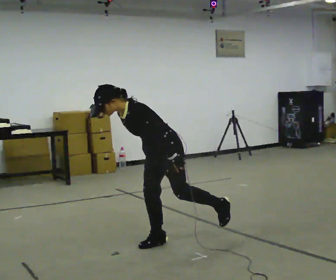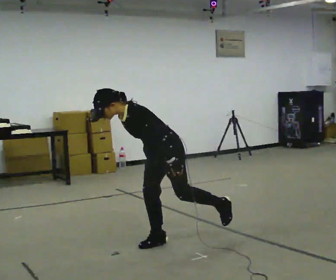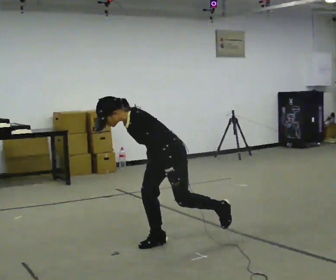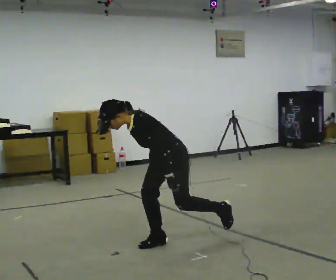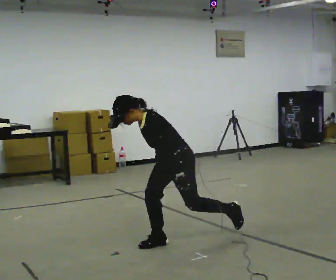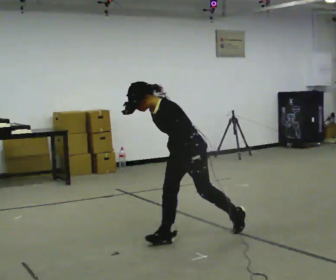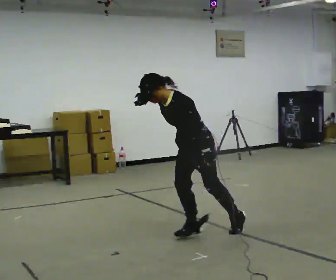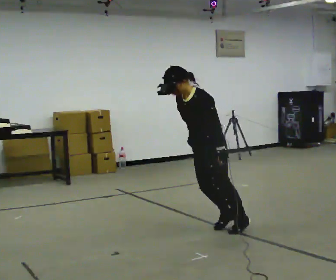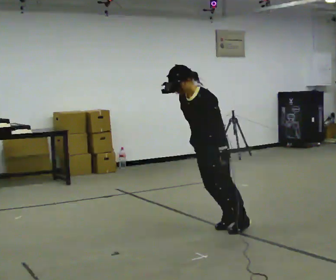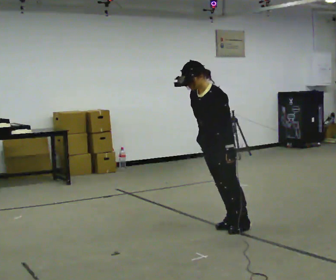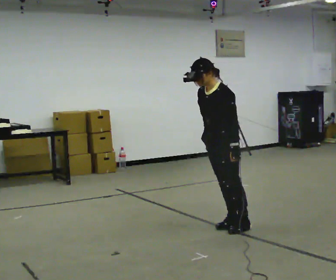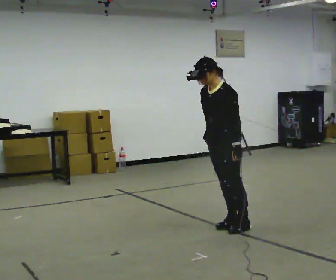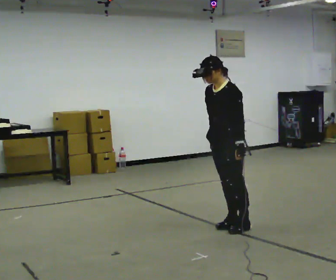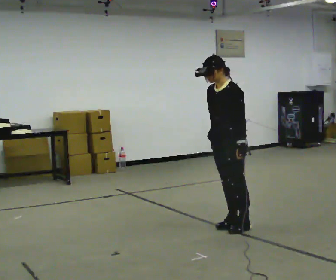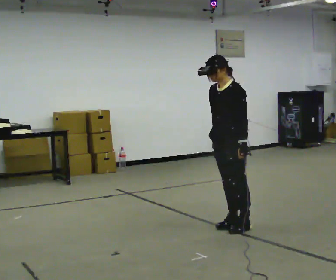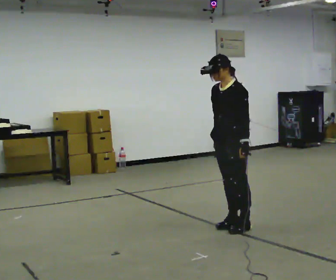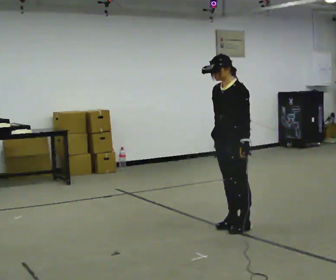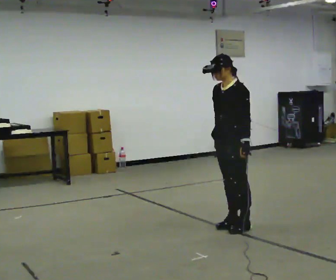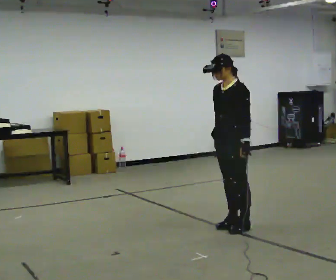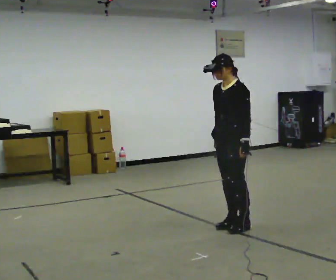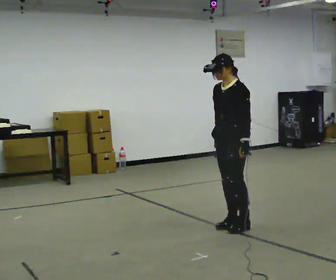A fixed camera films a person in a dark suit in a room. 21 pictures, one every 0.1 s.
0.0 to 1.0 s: In the picture they go to the right and away from the camera, about 0.5 m in 2 steps, which for them is backward. In the picture the upper body tilts clockwise, shoulders to the right, as they lean back or straighten.
1.0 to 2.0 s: The person moves a little, or ends about where they began.
The film runs backward here.
